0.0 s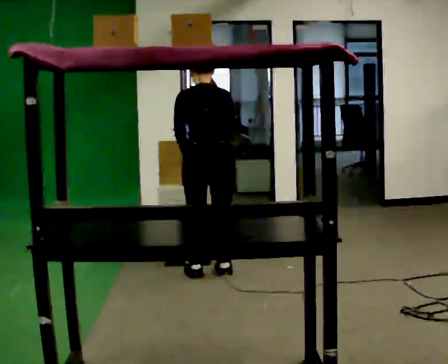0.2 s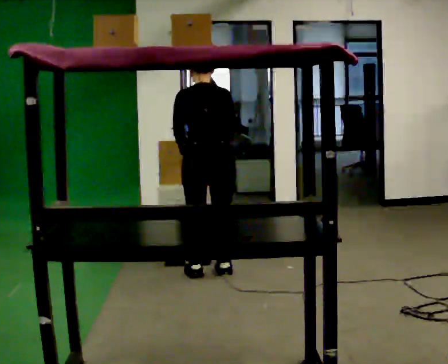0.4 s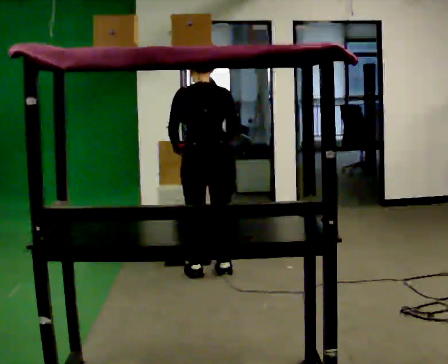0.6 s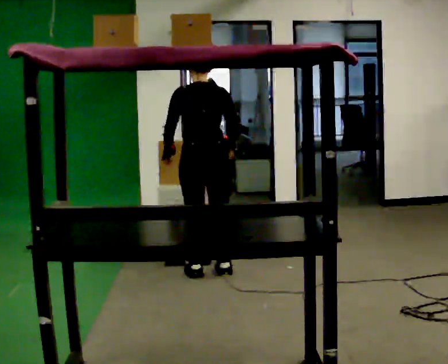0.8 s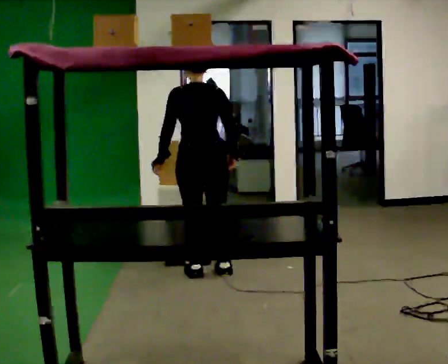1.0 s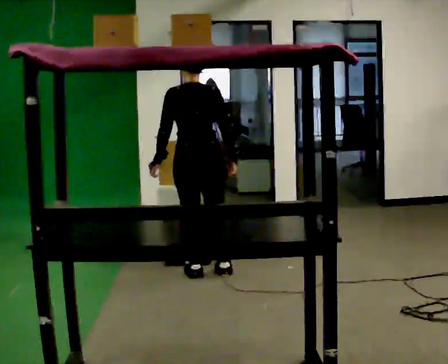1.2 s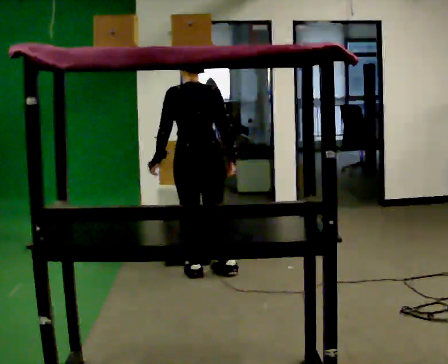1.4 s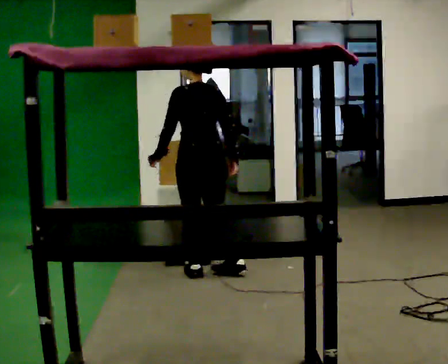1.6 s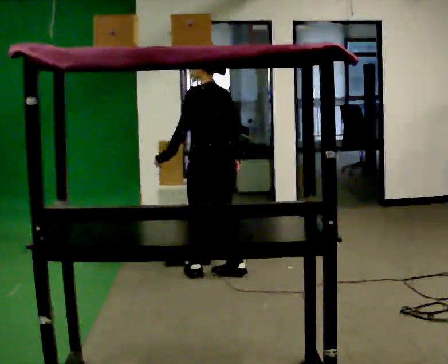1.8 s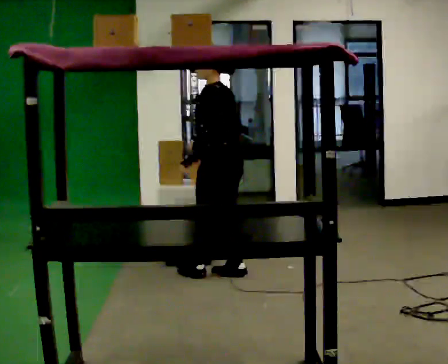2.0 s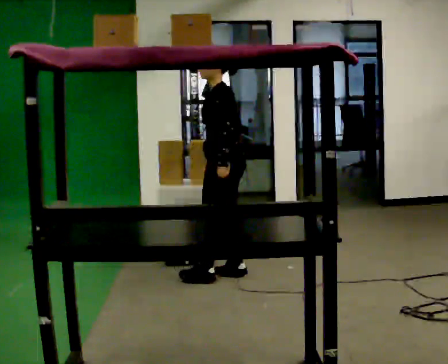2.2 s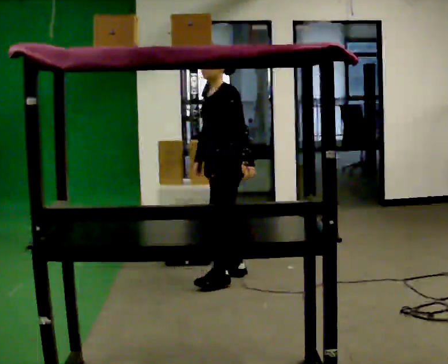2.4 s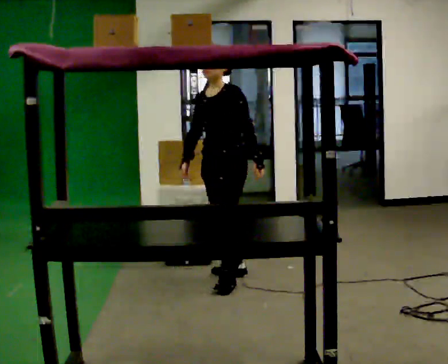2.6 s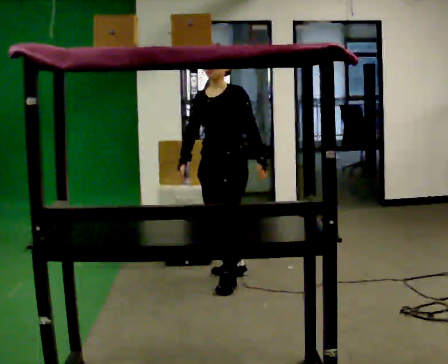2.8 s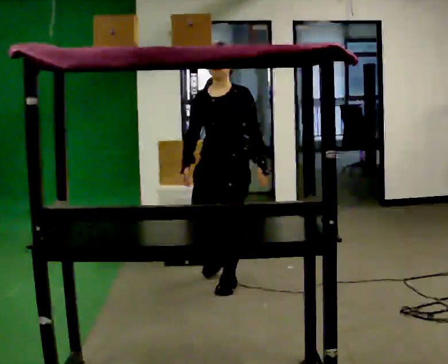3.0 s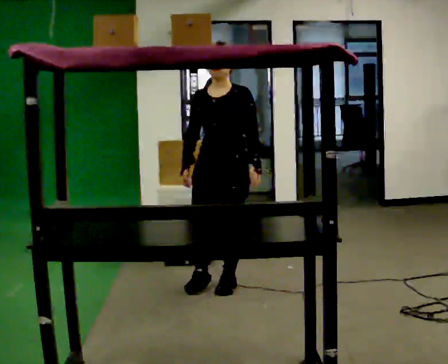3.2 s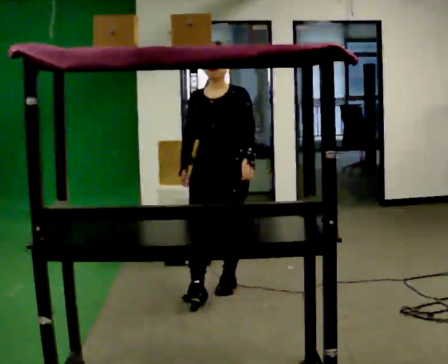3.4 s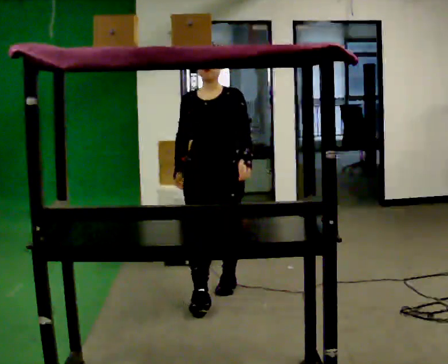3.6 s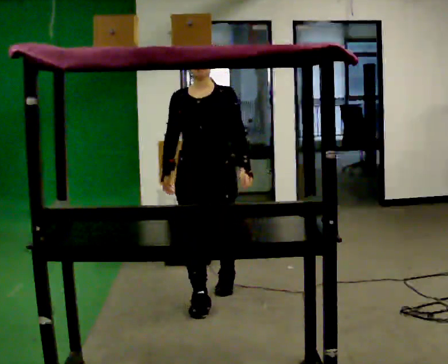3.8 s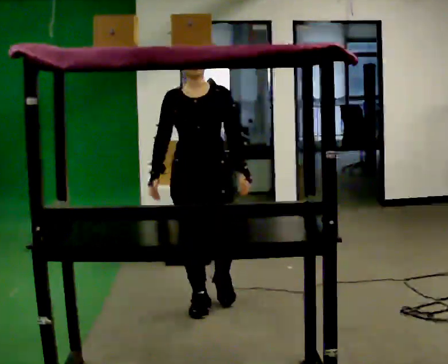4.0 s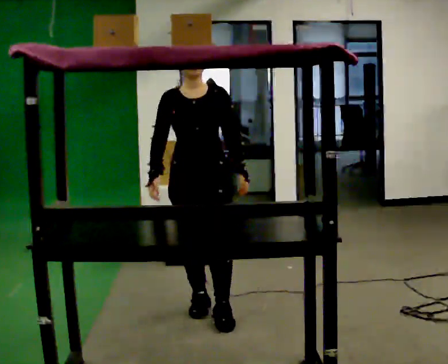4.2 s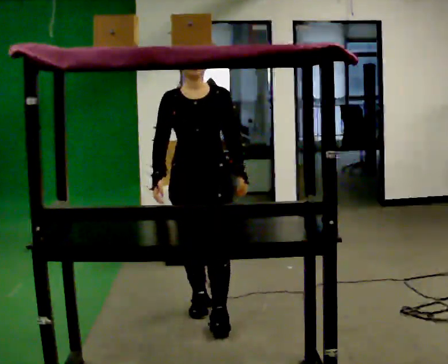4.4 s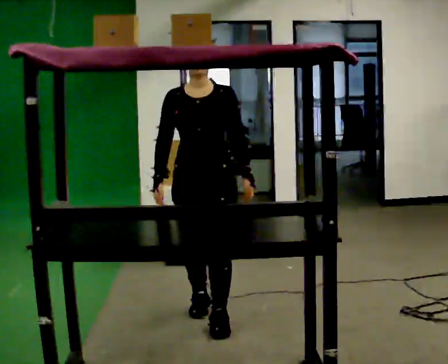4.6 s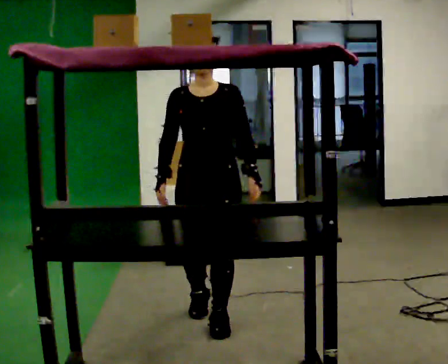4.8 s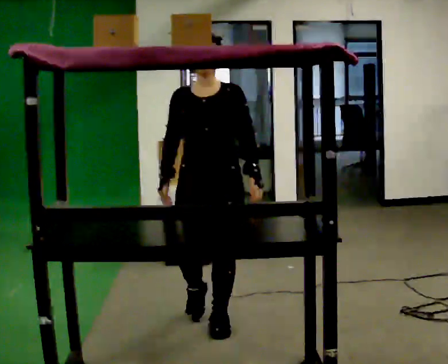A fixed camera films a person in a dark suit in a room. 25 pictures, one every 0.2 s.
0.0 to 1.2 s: The person moves a little, or ends about where they began.
1.2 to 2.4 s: Seen from above the body turns counterclockwise, about 105 degrees: to their left, with its near side sliding to the right. In the picture they go to the right, about 0.25 m in 1 step. In the picture their left hand goes to the right, the arm swinging counterclockwise.
2.4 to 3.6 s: The person turns about 45 degrees to their left, counterclockwise seen from above, so the part of the body nearest the lens slides to the right. In the picture they go toward the camera, about 0.5 m in 1 step, which for them is forward.
3.6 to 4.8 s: In the picture they go toward the camera, about 0.5 m in 1 step, which for them is forward.
The film runs forward here.
